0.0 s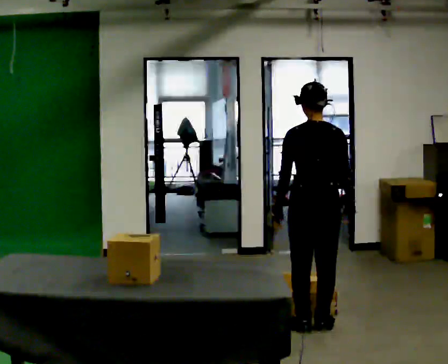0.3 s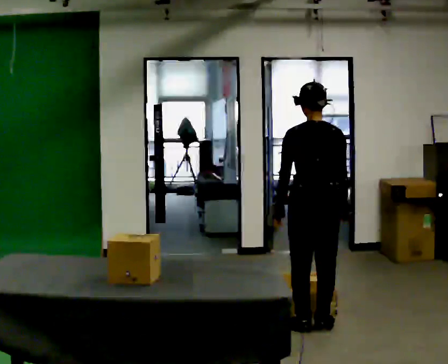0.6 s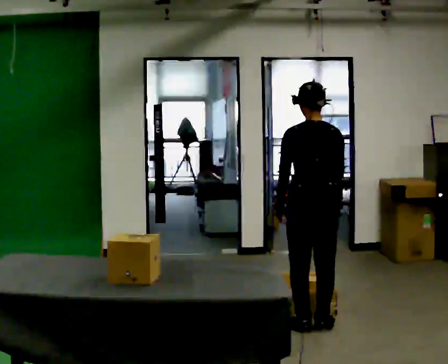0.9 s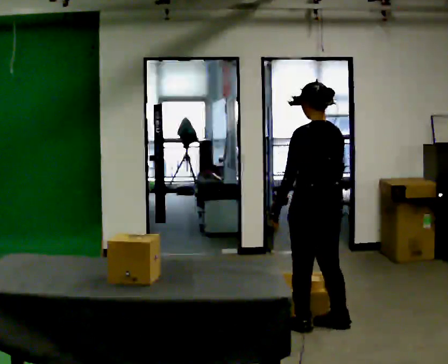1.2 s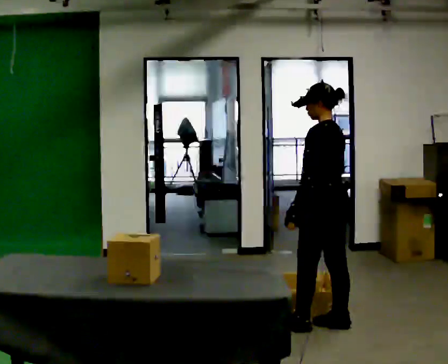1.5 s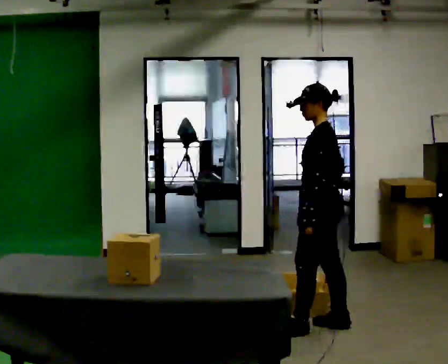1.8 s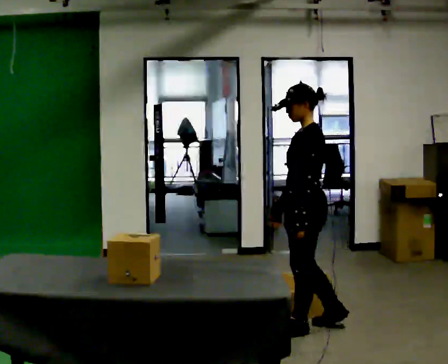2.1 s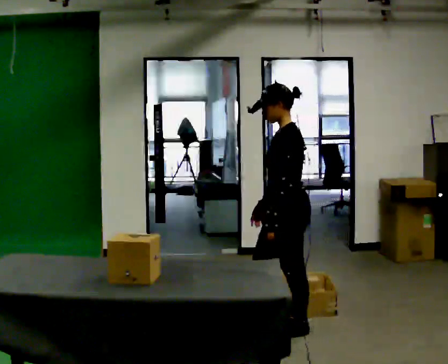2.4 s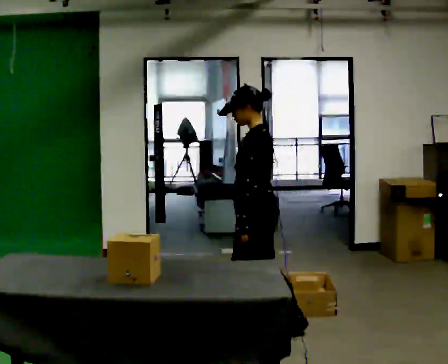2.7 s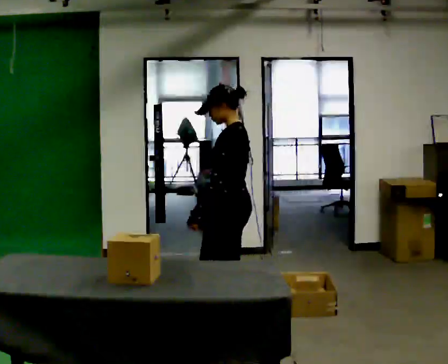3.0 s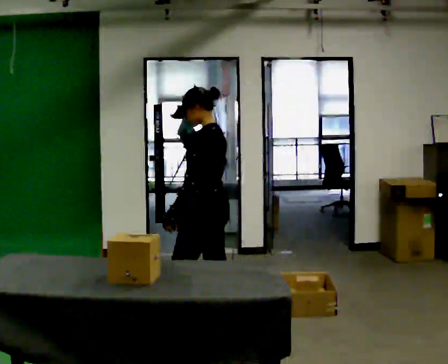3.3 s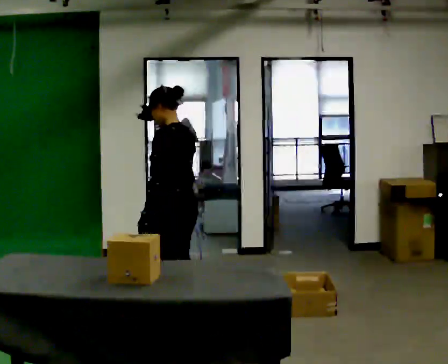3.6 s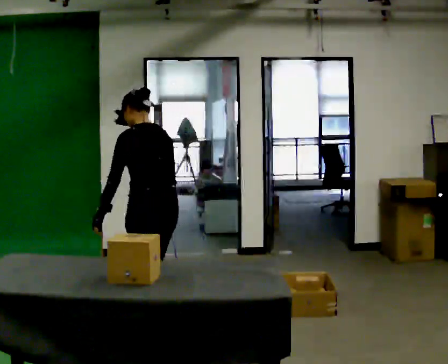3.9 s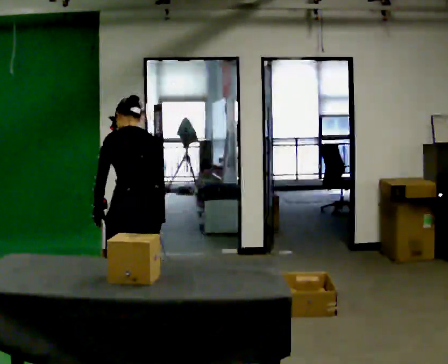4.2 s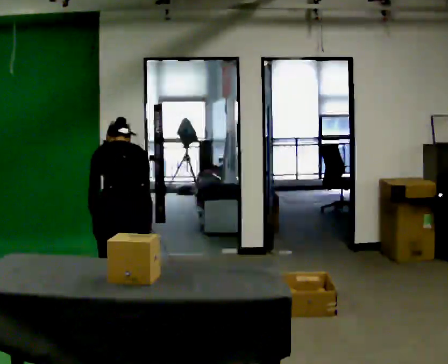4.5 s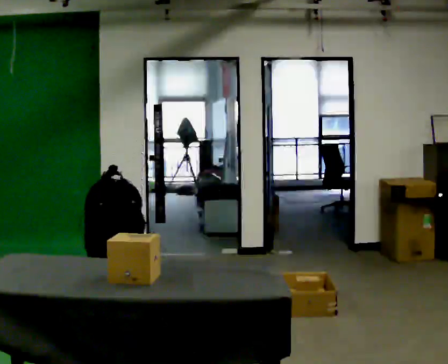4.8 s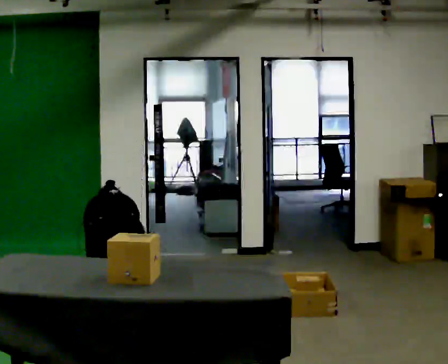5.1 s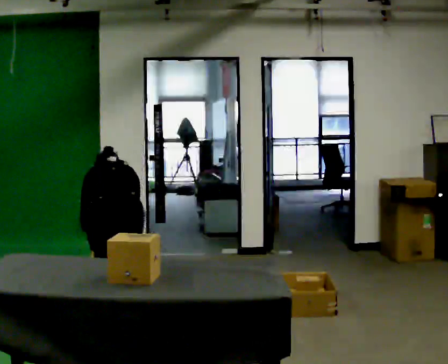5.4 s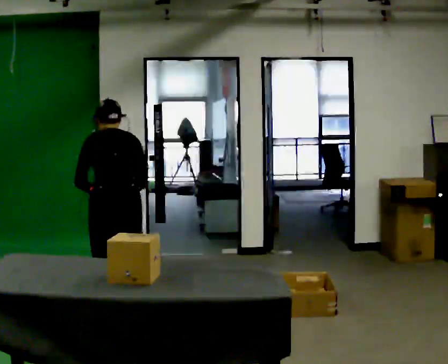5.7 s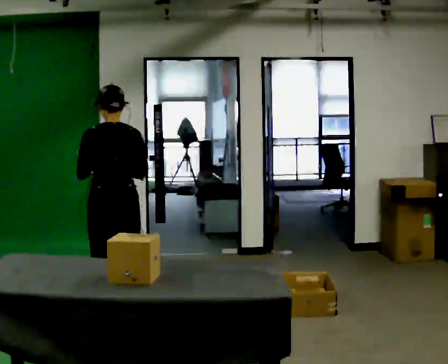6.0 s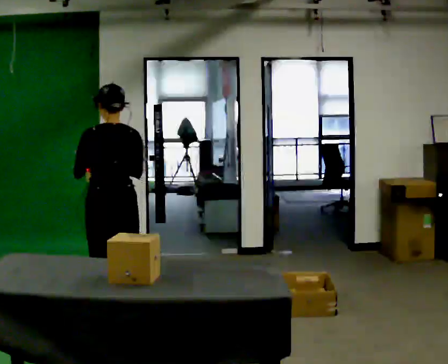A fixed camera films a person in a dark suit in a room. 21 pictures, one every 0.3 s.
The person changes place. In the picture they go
to the left.
0.0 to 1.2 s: The part of the body nearest the lens slides to the right as the person turns to their left by about 60 degrees.
1.2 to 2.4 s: The person turns about 30 degrees to their left, counterclockwise seen from above, so the part of the body nearest the lens slides to the right. In the picture they go to the left, about 0.5 m in 1 step, which for them is forward.
2.4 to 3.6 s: Seen from above the body turns clockwise, about 45 degrees: to their right, with its near side sliding to the left. In the picture they go to the left, about 0.75 m in 1 step, which for them is forward.
3.6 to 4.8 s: The part of the body nearest the lens slides to the left as the person turns to their right by about 30 degrees. In the picture they go to the left, about 0.25 m in 2 steps, which for them is to their left. The upper body goes downward. The upper body tips away from the camera, its near side rolling upward, as they bend forward. In the picture their left hand goes downward.
4.8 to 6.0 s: The upper body goes upward. The upper body tips toward the camera, its near side rolling downward, as they lean back or straighten. In the picture their right hand goes upward.
The film runs forward here.
